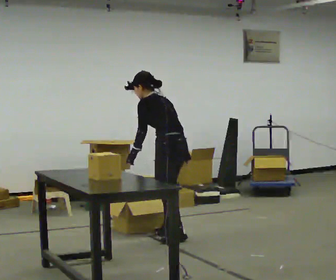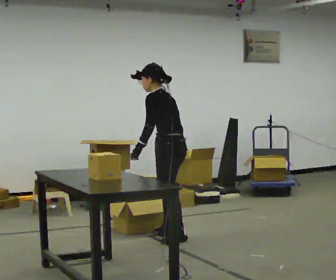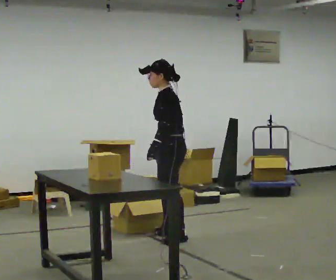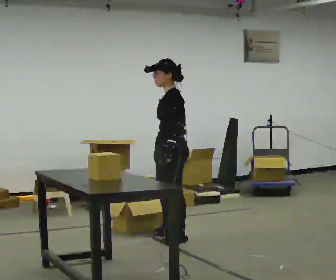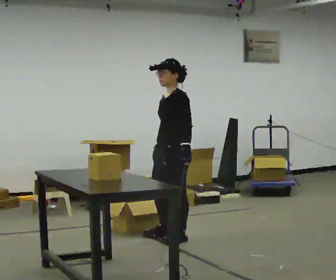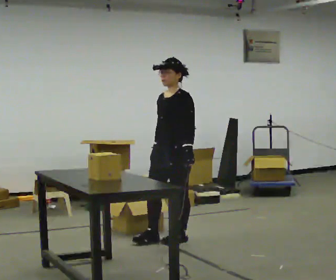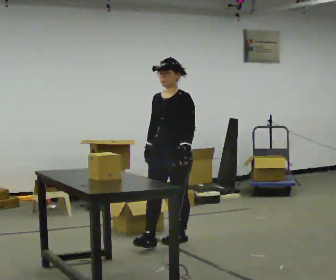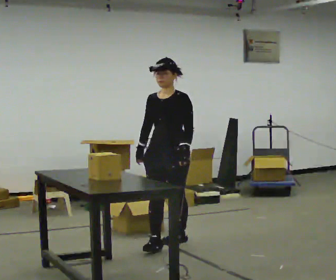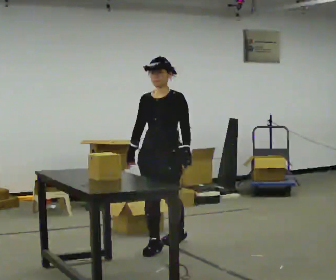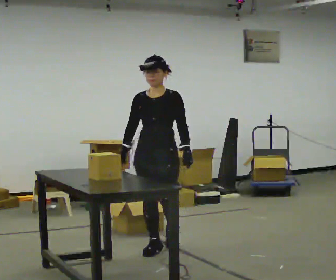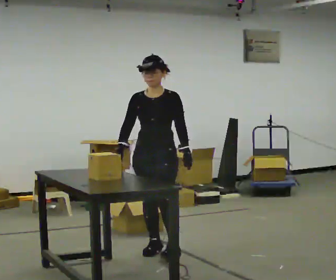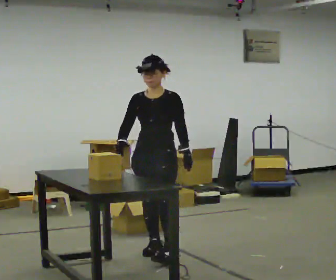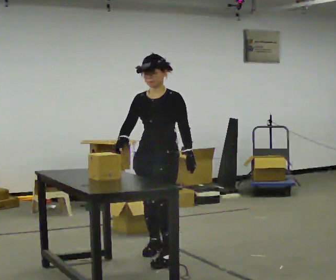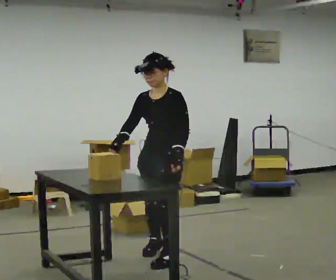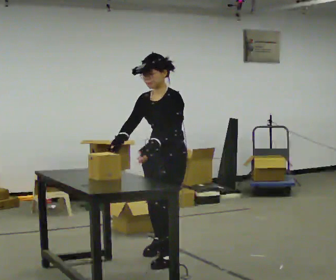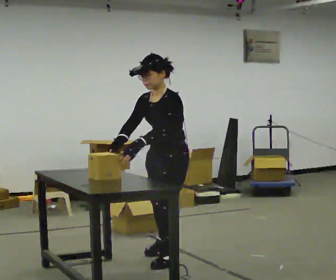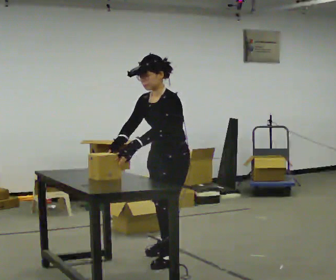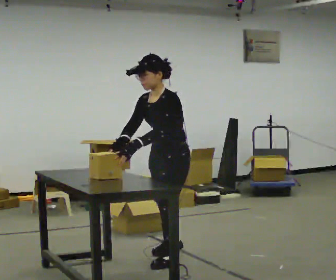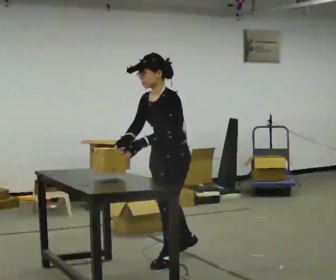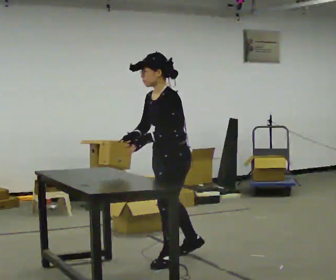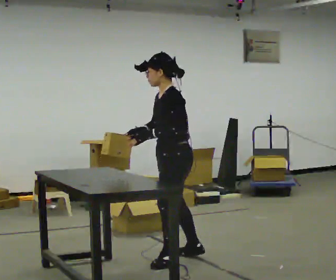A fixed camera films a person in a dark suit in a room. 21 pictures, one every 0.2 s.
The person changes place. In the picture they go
toward the camera.
Their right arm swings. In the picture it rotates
clockwise.
0.0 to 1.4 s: Seen from above the body turns counterclockwise, about 90 degrees: to their left, with its near side sliding to the right. In the picture they go toward the camera, about 0.25 m in 1 step. In the picture the upper body tilts clockwise, shoulders to the right, as they lean back or straighten.
1.4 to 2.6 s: In the picture they go toward the camera, about 0.5 m in 1 step, which for them is forward.
2.6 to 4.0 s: Seen from above the body turns clockwise, about 45 degrees: to their right, with its near side sliding to the left.
The film runs forward here.
